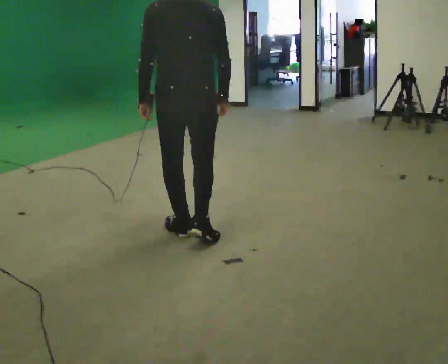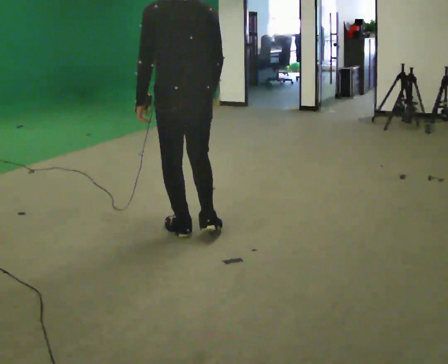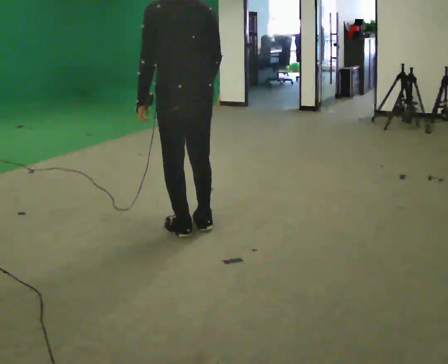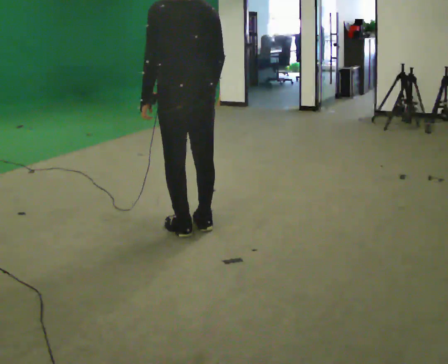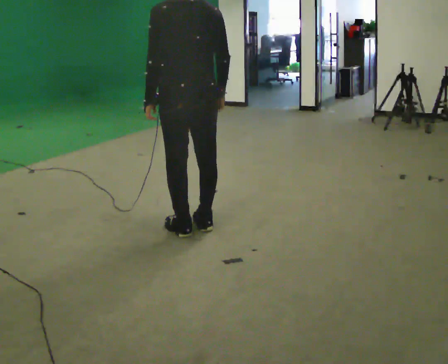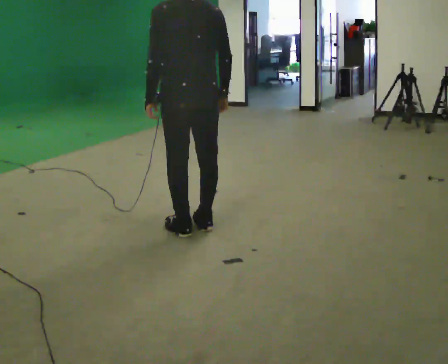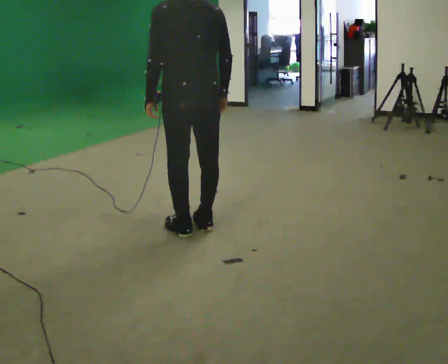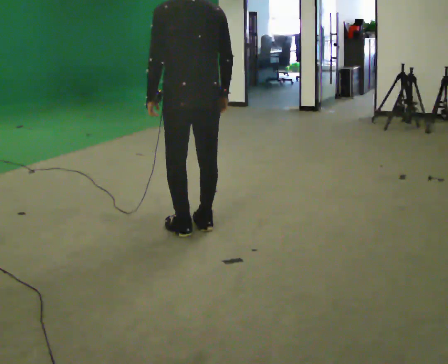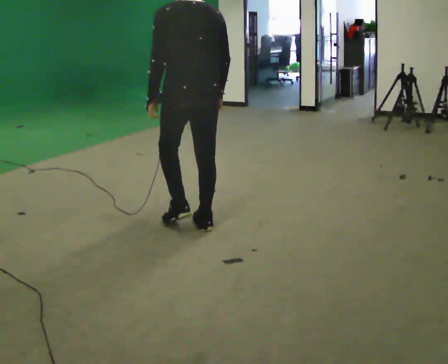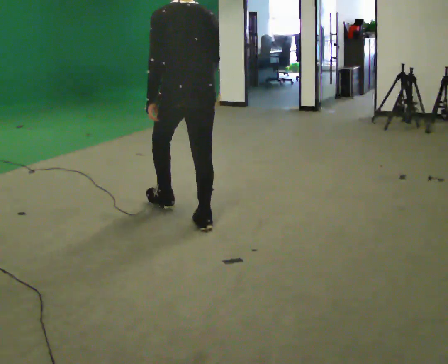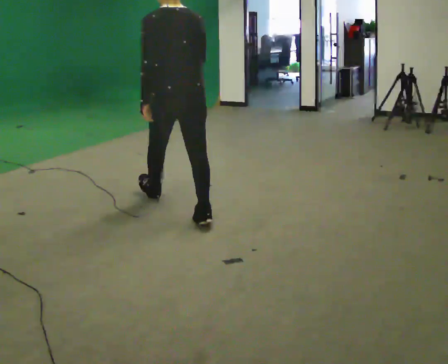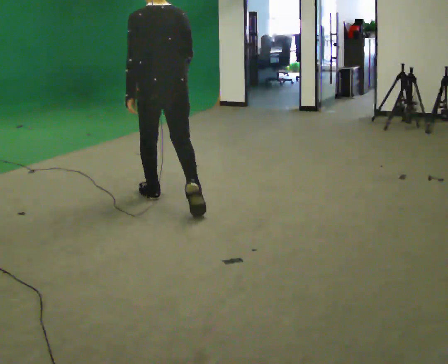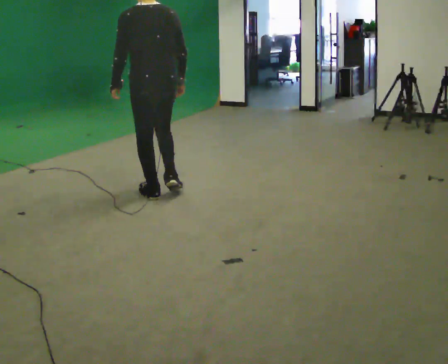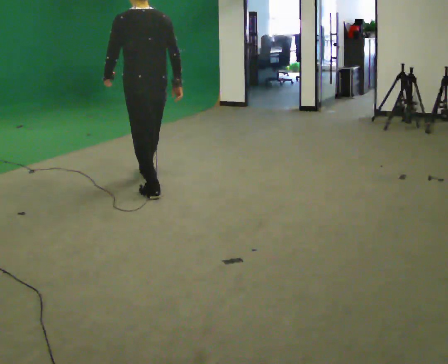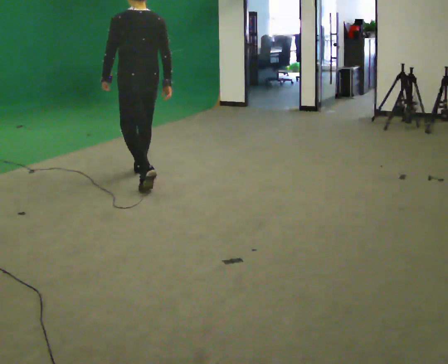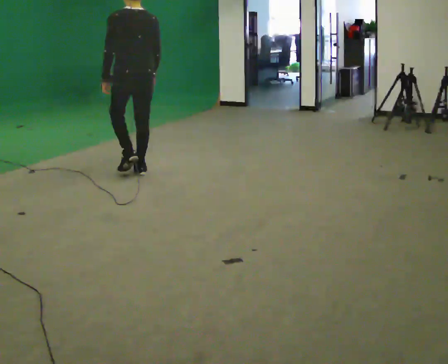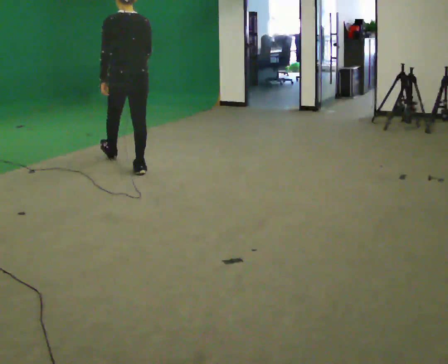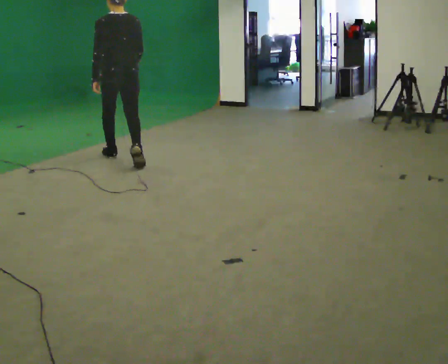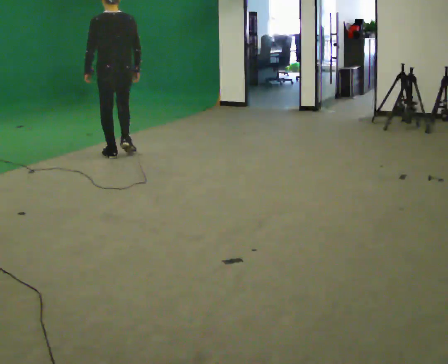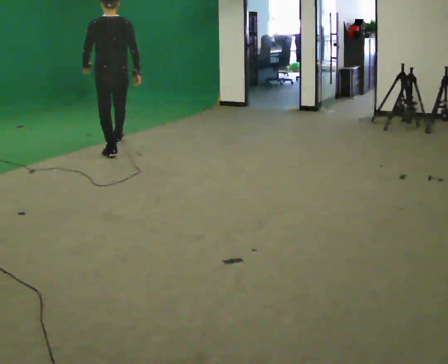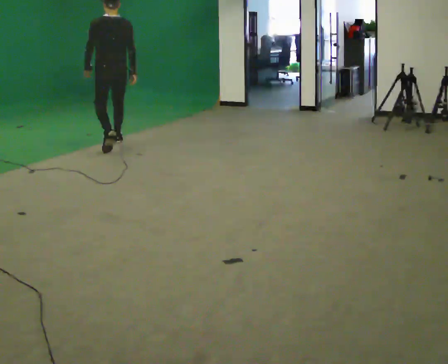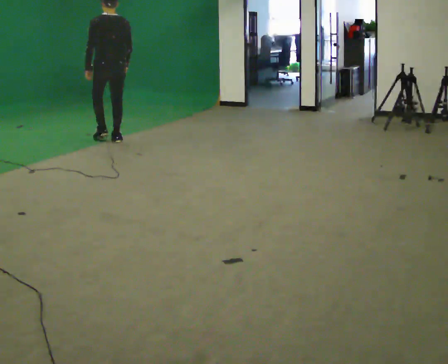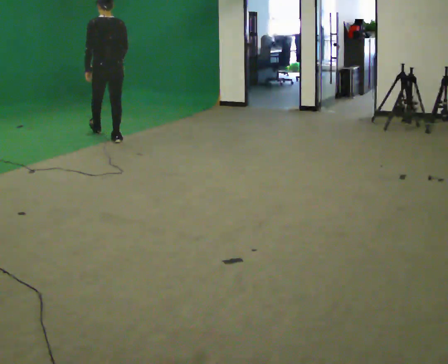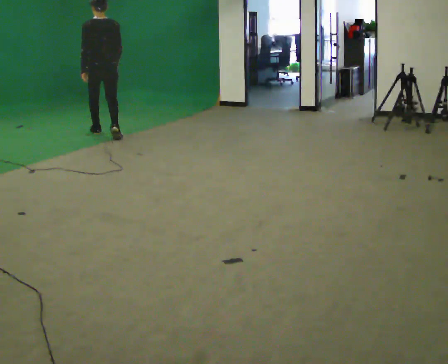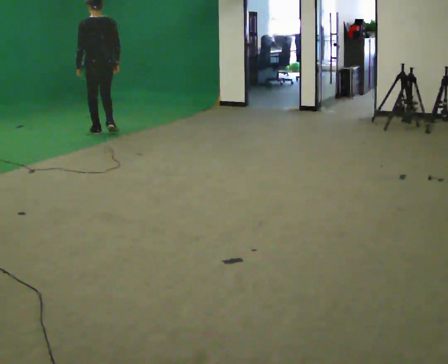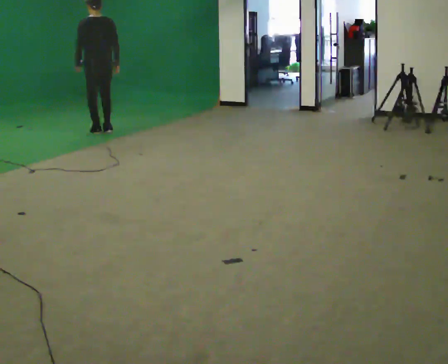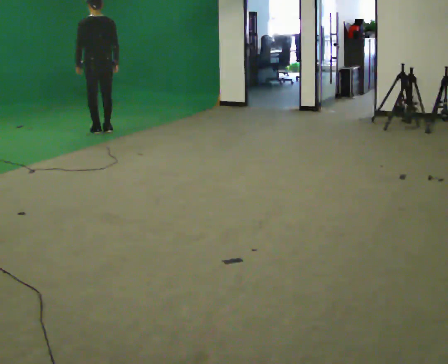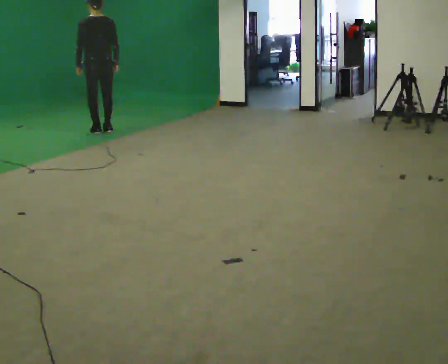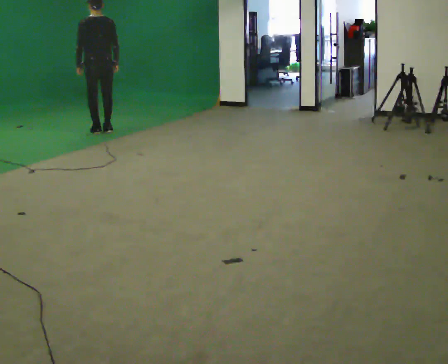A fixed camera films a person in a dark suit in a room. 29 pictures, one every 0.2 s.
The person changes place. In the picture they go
away from the camera.
0.0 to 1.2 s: The person moves a little, or ends about where they began.
1.2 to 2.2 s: In the picture they go away from the camera, about 0.5 m in 1 step, which for them is forward.
2.2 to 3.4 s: In the picture they go away from the camera, about 1.5 m in 2 steps, which for them is forward.
3.4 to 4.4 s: In the picture they go away from the camera, about 1 m in 1 step, which for them is forward.
4.4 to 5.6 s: In the picture they go away from the camera, about 0.5 m in 2 steps, which for them is forward.
The film runs forward here.
